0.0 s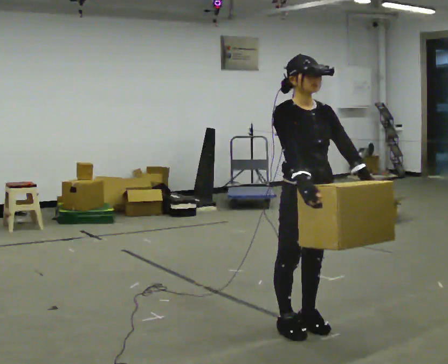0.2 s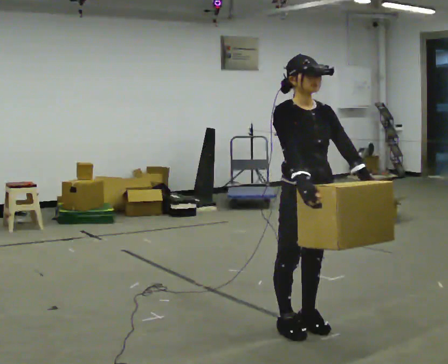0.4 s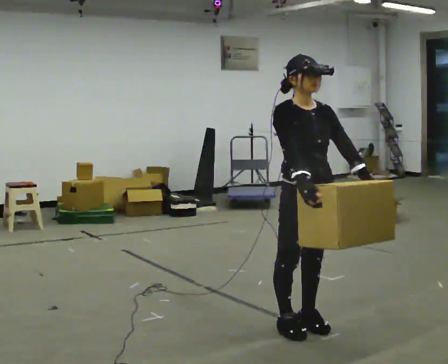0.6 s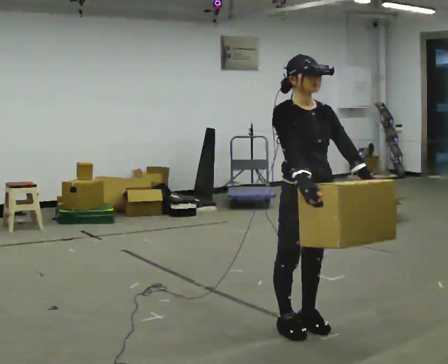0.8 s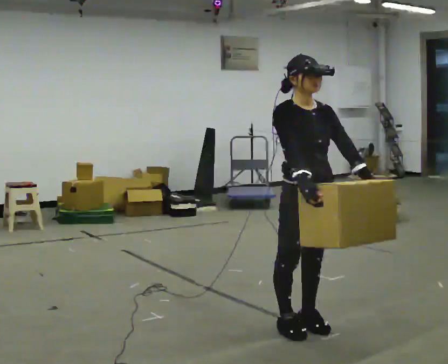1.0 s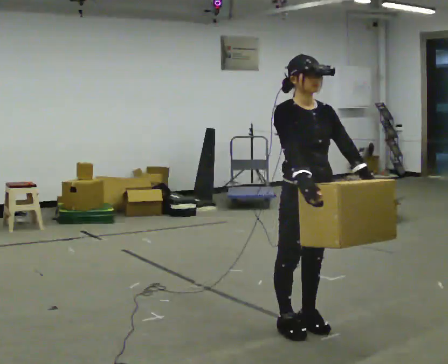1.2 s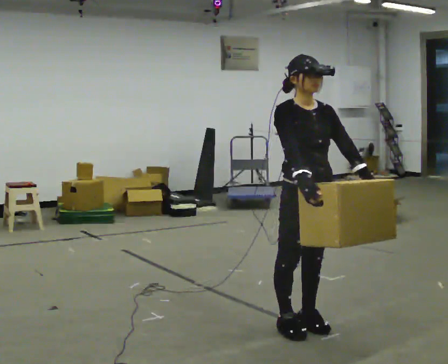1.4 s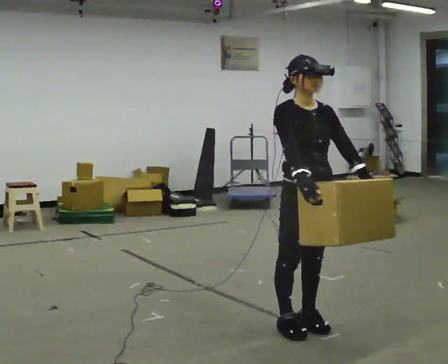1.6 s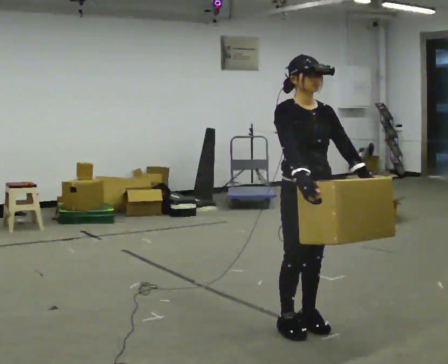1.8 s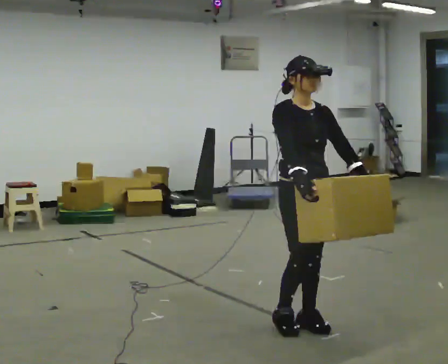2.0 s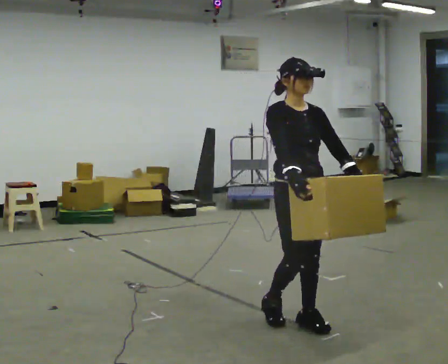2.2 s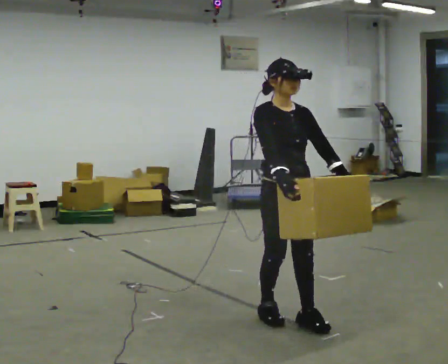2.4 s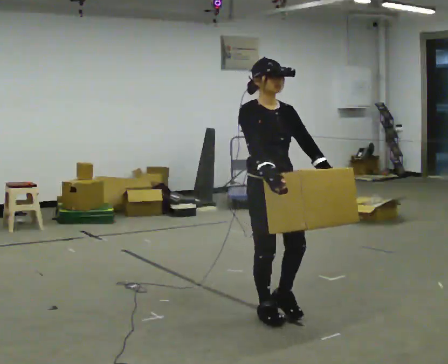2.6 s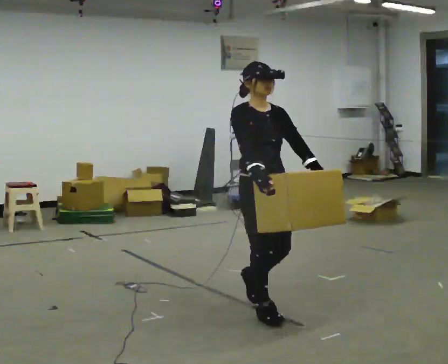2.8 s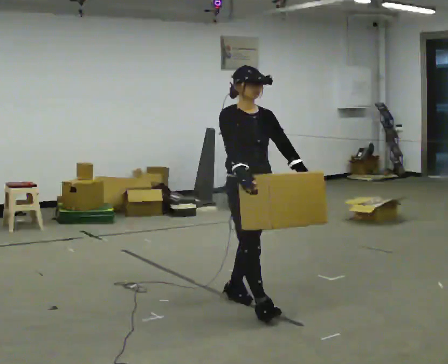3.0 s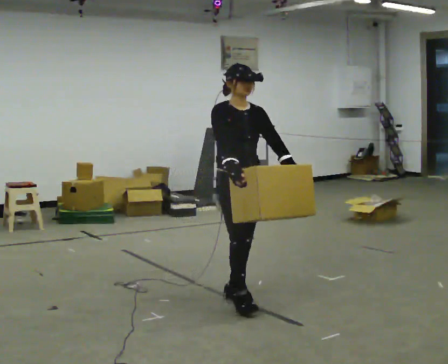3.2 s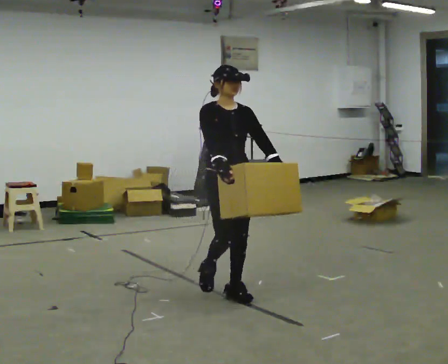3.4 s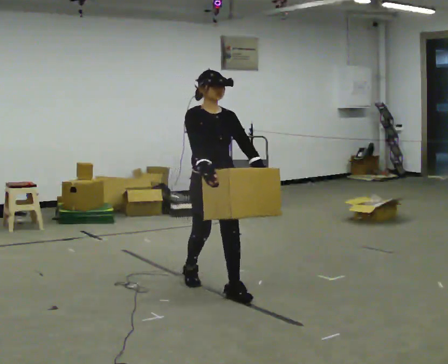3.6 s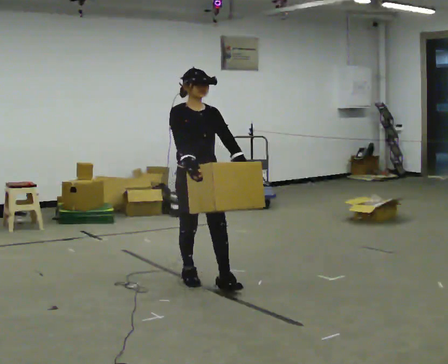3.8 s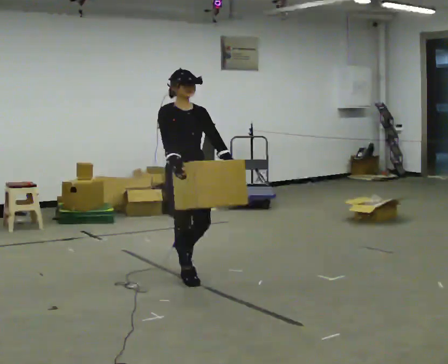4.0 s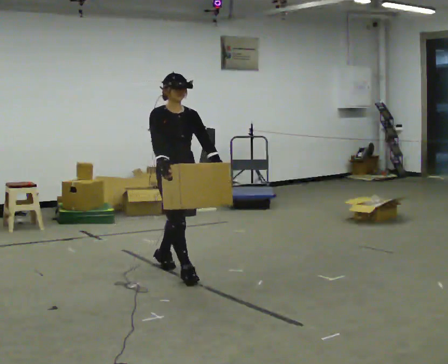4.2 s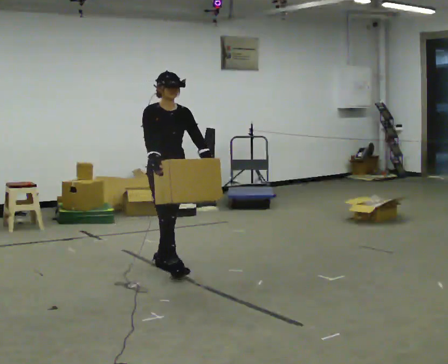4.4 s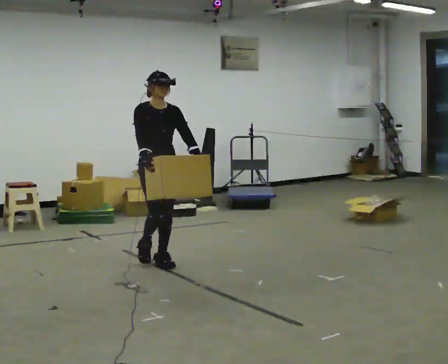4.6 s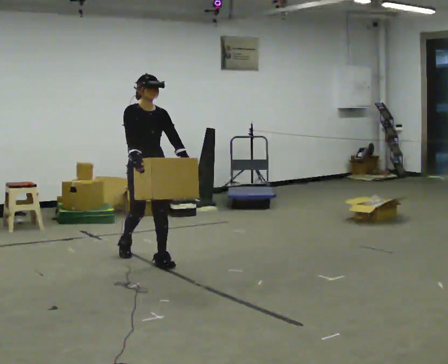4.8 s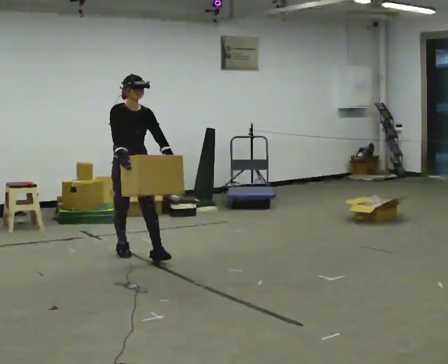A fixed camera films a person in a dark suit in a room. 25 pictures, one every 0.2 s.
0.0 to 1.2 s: The person keeps their place and pose.
1.2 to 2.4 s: In the picture they go away from the camera and to the left, about 0.25 m in 2 steps, which for them is backward.
2.4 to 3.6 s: In the picture they go away from the camera and to the left, about 1 m in 2 steps, which for them is backward.
3.6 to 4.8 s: In the picture they go to the left and away from the camera, about 1 m in 2 steps, which for them is backward.
The film runs backward here.
